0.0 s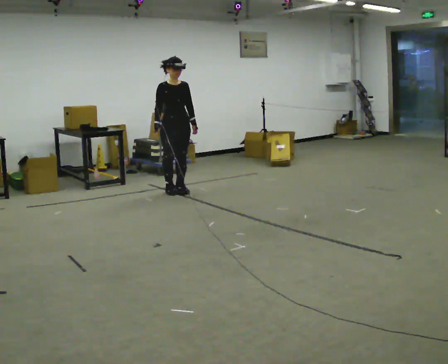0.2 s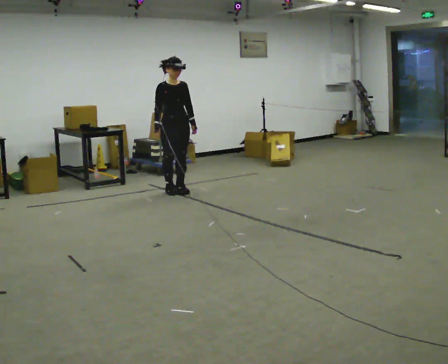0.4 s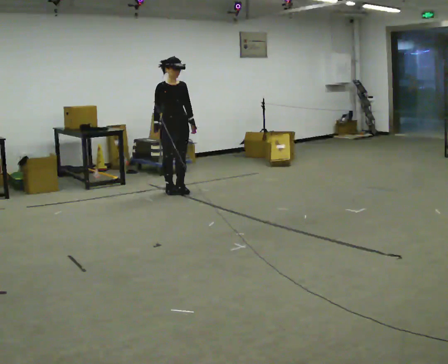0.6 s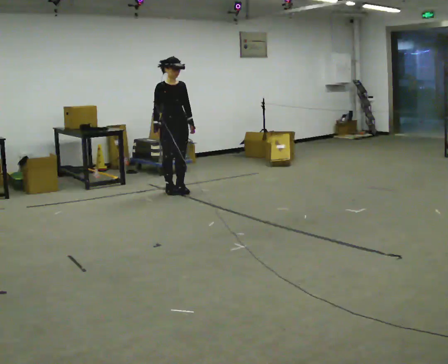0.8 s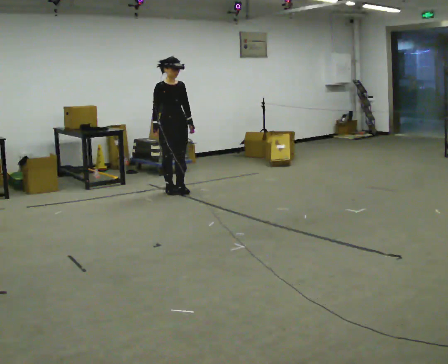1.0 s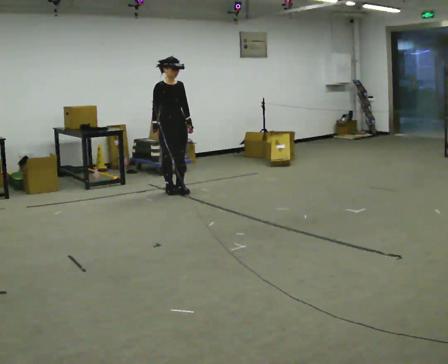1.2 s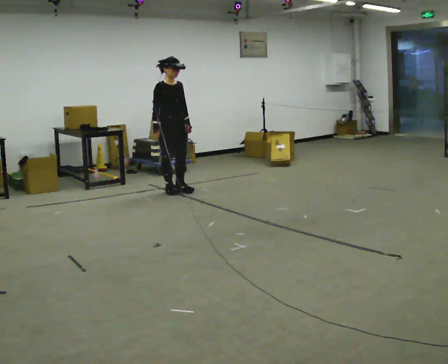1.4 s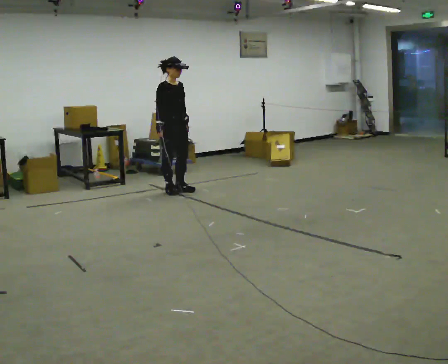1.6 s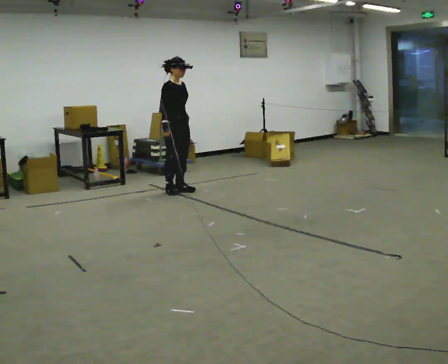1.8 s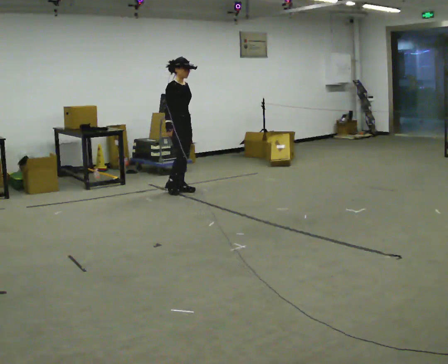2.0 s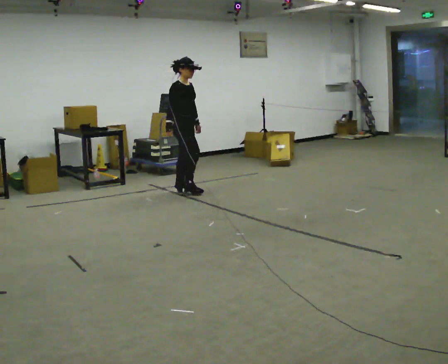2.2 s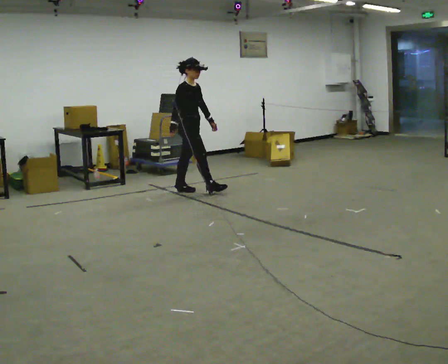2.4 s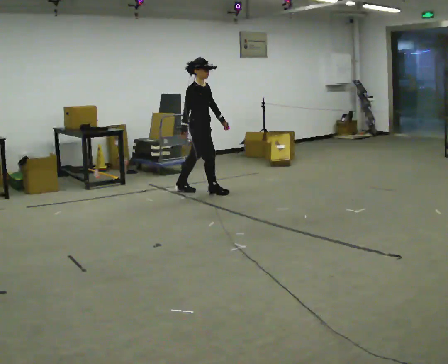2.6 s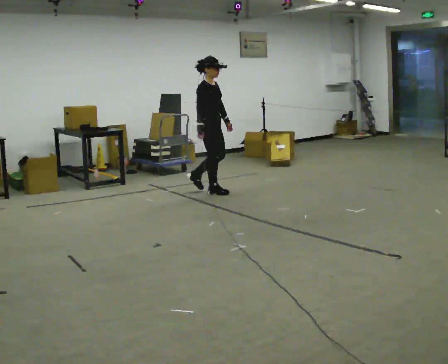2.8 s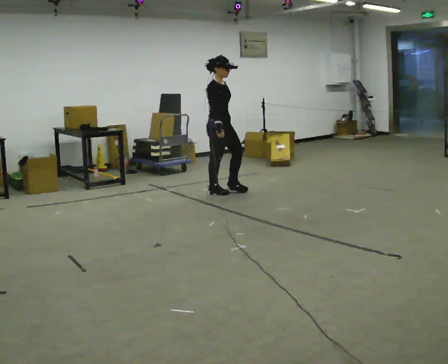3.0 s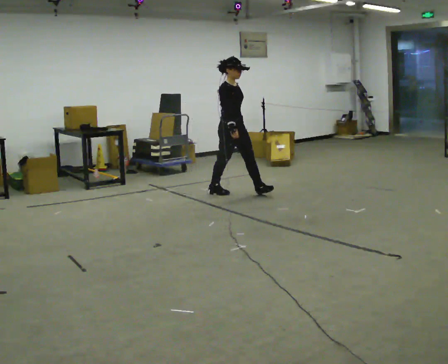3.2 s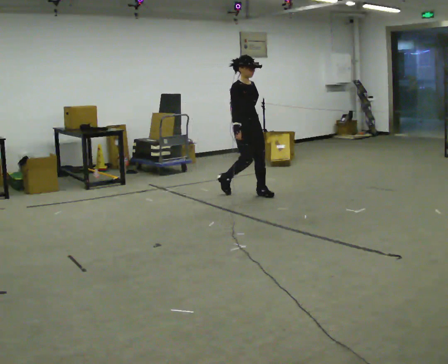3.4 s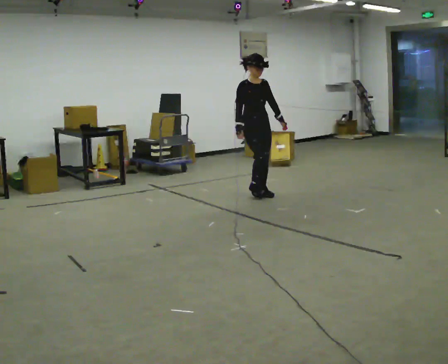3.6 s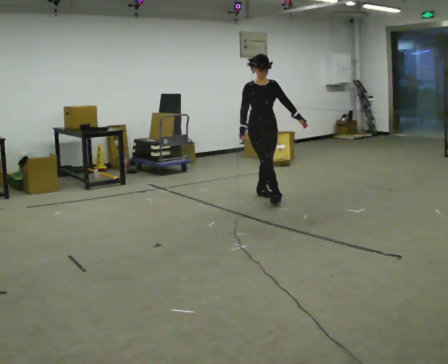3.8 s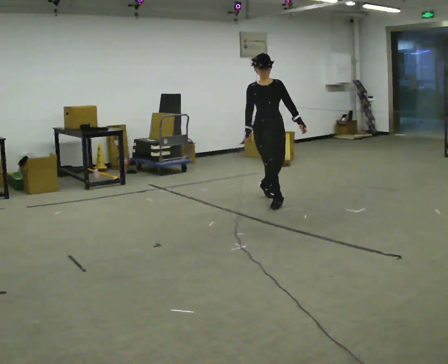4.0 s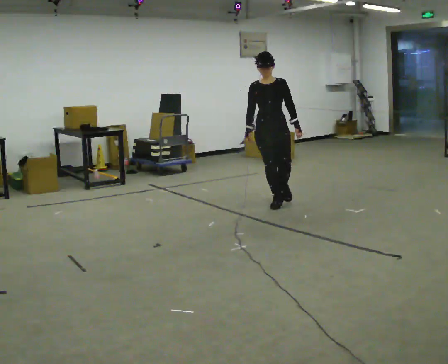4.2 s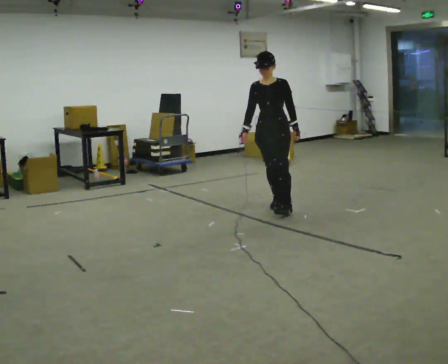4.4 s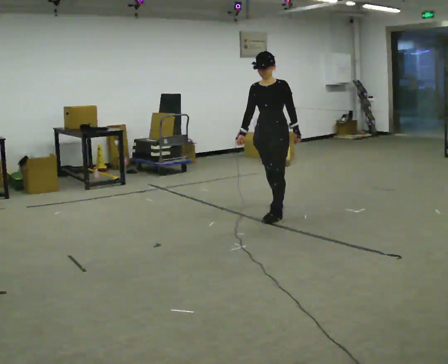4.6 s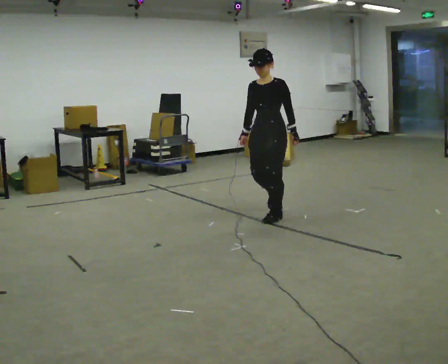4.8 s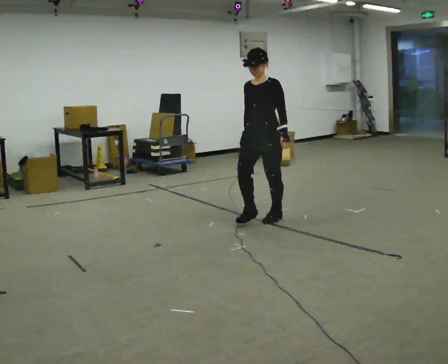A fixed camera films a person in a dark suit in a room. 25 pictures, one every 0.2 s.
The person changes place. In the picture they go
toward the camera.
The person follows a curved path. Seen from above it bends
clockwise.
0.0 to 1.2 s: The person moves a little, or ends about where they began.
1.2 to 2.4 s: The part of the body nearest the lens slides to the right as the person turns to their left by about 30 degrees. In the picture they go to the right, about 0.25 m in 1 step, which for them is forward.
2.4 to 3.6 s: The person turns about 60 degrees to their right, clockwise seen from above, so the part of the body nearest the lens slides to the left. In the picture they go to the right and toward the camera, about 1 m in 1 step, which for them is forward.
3.6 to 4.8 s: The part of the body nearest the lens slides to the left as the person turns to their right by about 60 degrees. In the picture they go toward the camera, about 1 m in 2 steps, which for them is forward.
The film runs forward here.
